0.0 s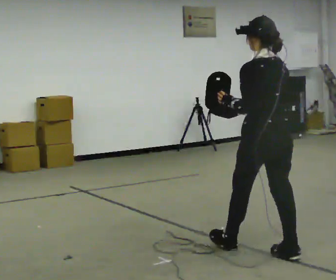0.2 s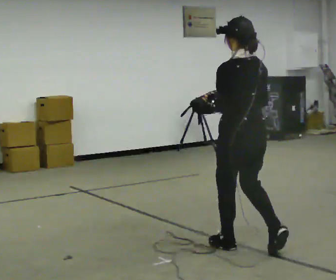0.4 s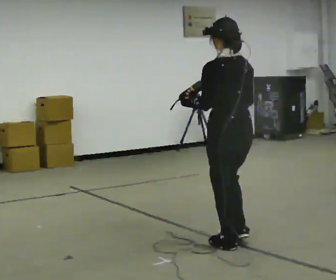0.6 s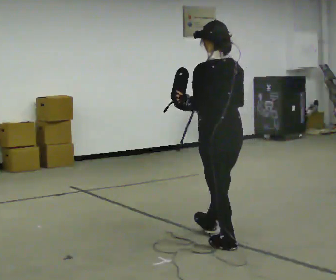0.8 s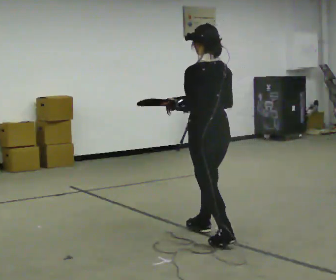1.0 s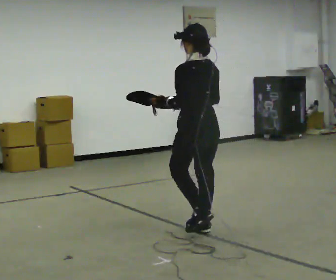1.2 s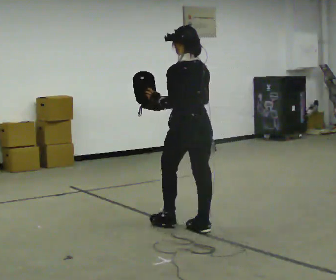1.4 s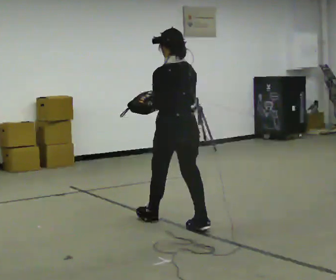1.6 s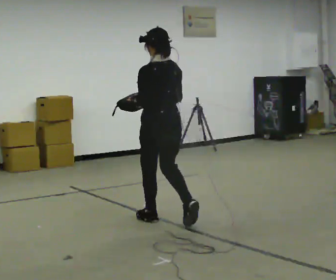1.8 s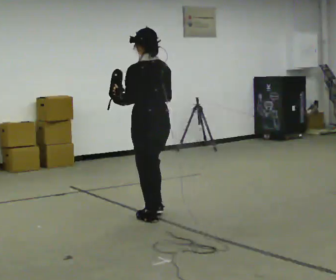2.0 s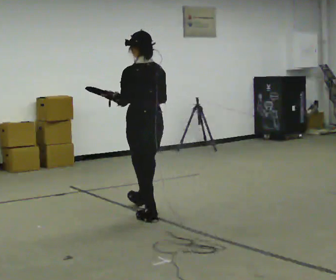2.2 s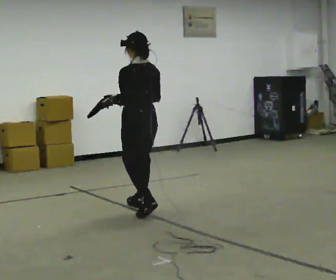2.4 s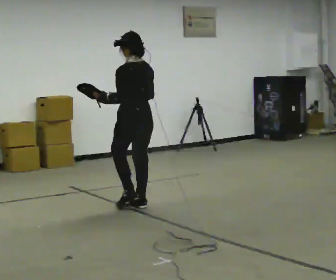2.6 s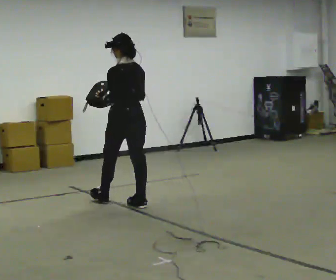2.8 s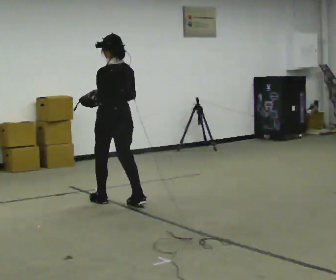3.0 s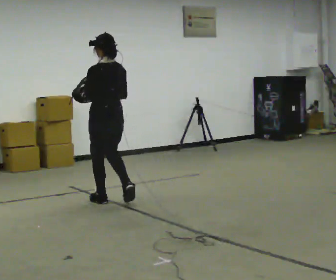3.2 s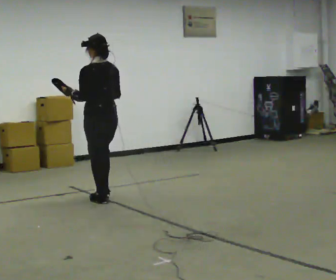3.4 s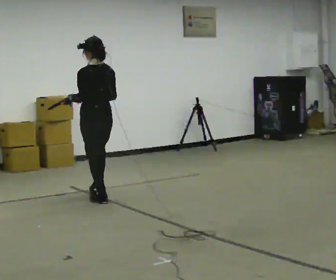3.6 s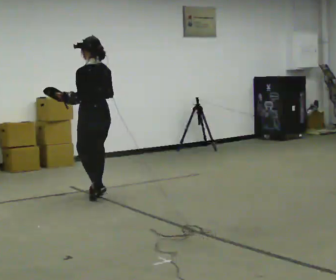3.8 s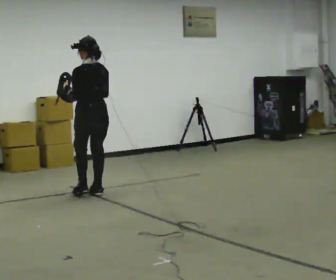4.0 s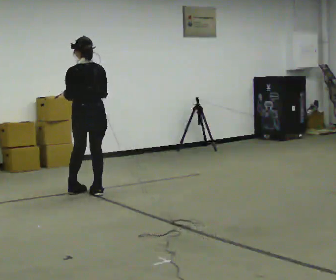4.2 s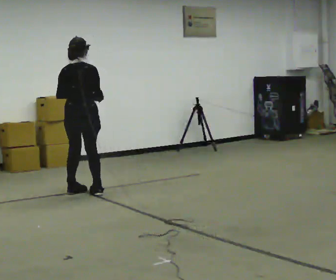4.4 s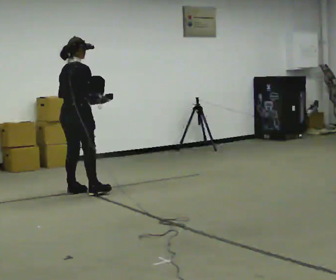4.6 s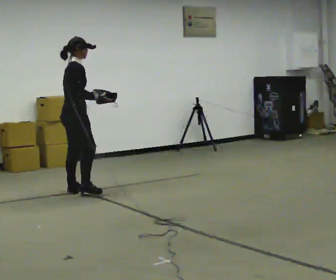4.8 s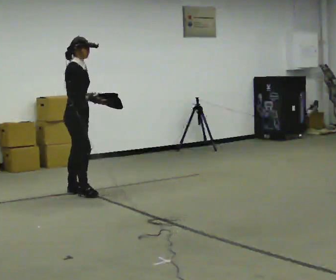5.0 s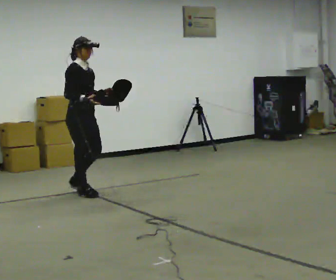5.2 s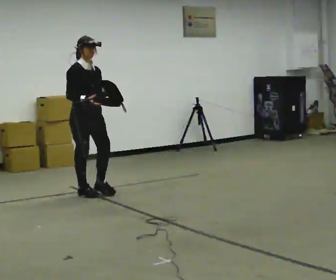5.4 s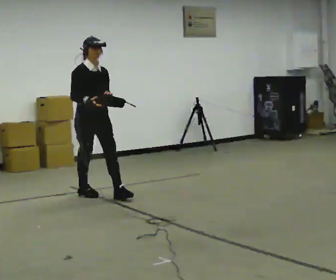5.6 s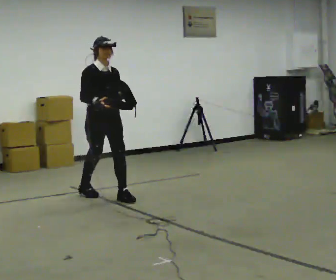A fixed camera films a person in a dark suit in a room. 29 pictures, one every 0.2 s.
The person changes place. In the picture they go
away from the camera.
0.0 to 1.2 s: In the picture they go away from the camera and to the left, about 1 m in 2 steps, which for them is forward.
1.2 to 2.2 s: In the picture they go away from the camera and to the left, about 1 m in 2 steps, which for them is forward.
2.2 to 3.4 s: In the picture they go away from the camera and to the left, about 0.5 m in 2 steps, which for them is forward.
3.4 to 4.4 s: The part of the body nearest the lens slides to the left as the person turns to their right by about 90 degrees. In the picture they go to the left and away from the camera, about 0.25 m in 1 step.
4.4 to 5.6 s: Seen from above the body turns clockwise, about 90 degrees: to their right, with its near side sliding to the left. In the picture they go to the right and toward the camera, about 0.5 m in 2 steps.
The film runs forward here.
